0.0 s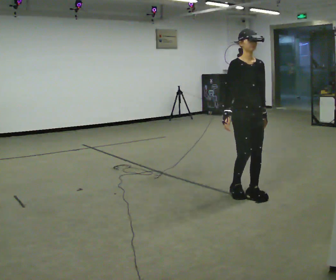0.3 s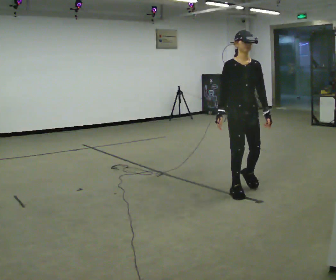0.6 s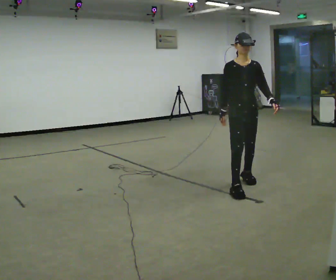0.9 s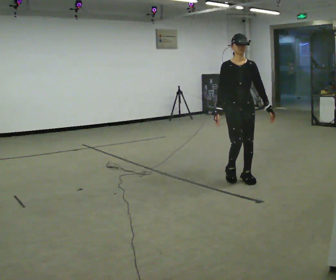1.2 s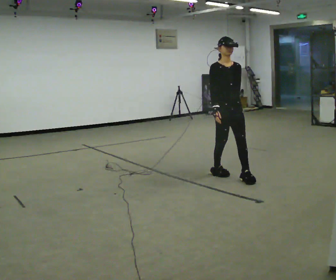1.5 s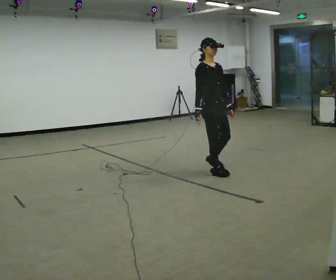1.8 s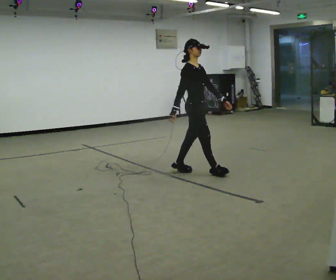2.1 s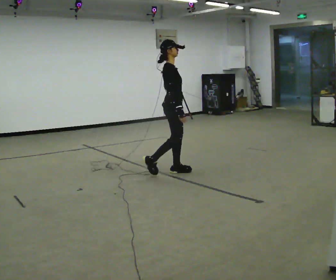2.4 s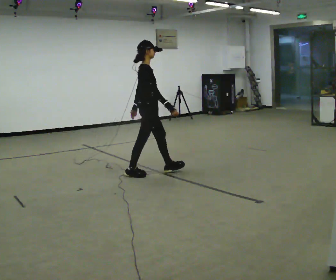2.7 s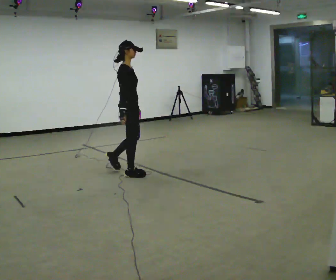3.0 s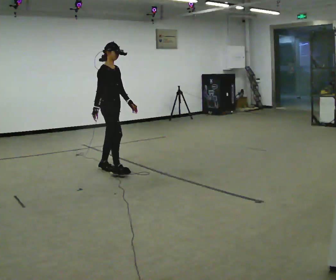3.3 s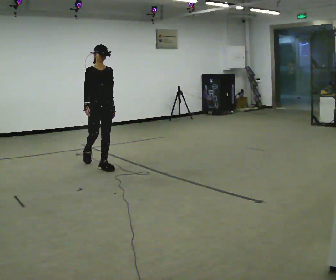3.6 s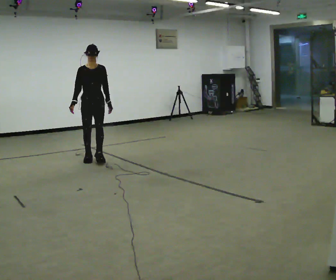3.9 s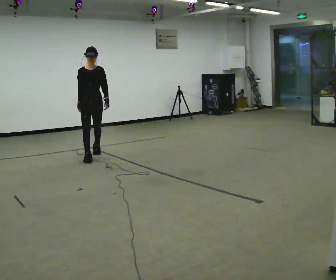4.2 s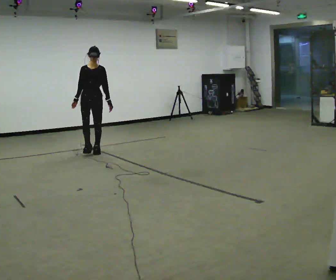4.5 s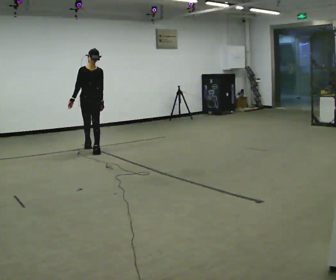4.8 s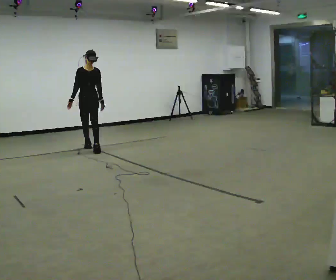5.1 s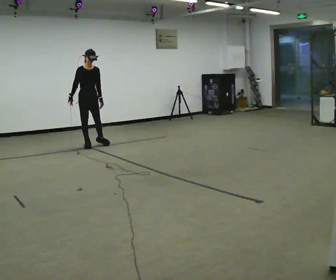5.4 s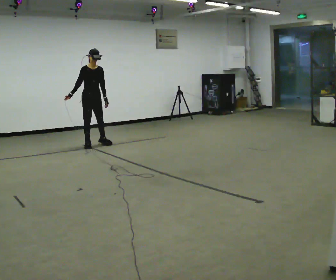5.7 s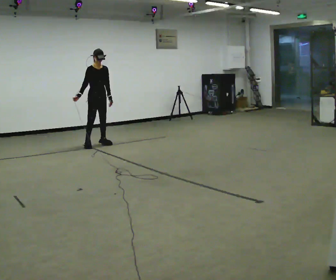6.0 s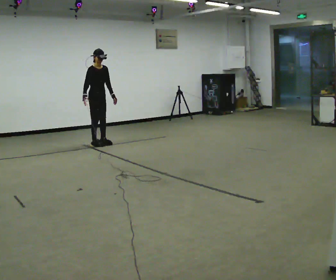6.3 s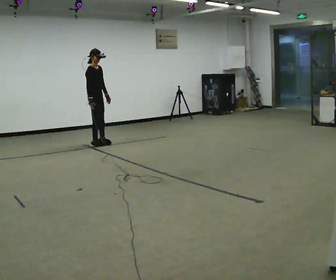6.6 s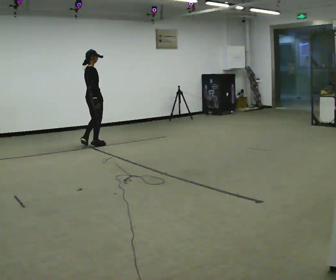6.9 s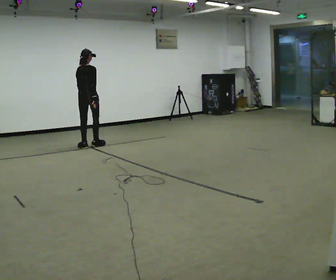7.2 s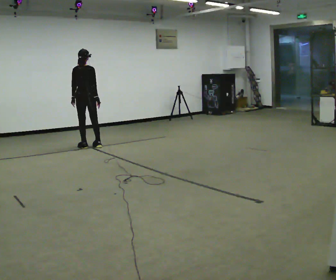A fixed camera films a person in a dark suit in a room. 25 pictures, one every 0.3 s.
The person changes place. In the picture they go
away from the camera.
0.0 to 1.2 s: In the picture they go away from the camera, about 0.75 m in 2 steps, which for them is backward.
1.2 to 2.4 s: The part of the body nearest the lens slides to the right as the person turns to their left by about 75 degrees. In the picture they go to the left and away from the camera, about 1 m in 3 steps.
2.4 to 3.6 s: The person turns about 75 degrees to their right, clockwise seen from above, so the part of the body nearest the lens slides to the left. In the picture they go away from the camera and to the left, about 1 m in 2 steps.
3.6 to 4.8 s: In the picture they go away from the camera, about 1 m in 2 steps, which for them is backward.
4.8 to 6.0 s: In the picture they go away from the camera, about 0.25 m, which for them is backward and to their left.
6.0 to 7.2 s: The person turns about 135 degrees to their left, counterclockwise seen from above, so the part of the body nearest the lens slides to the right. In the picture they go to the left, about 0.25 m in 1 step.
The film runs backward here.
